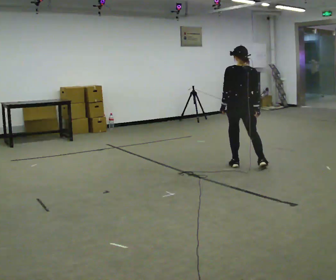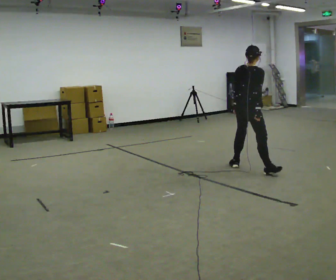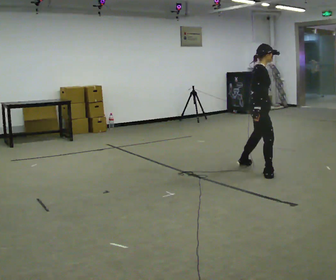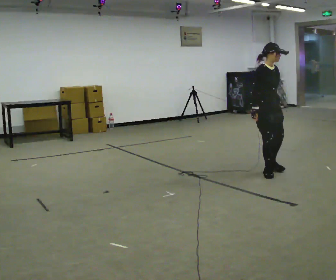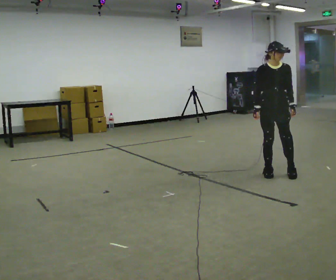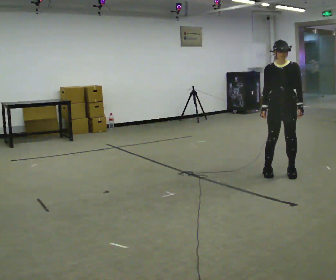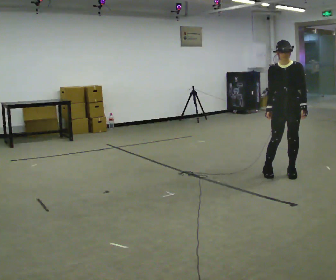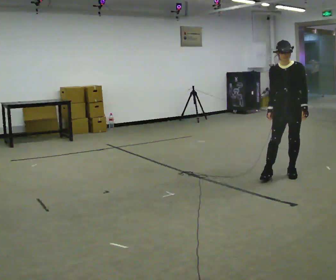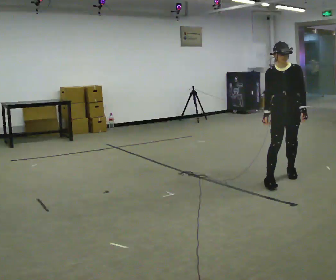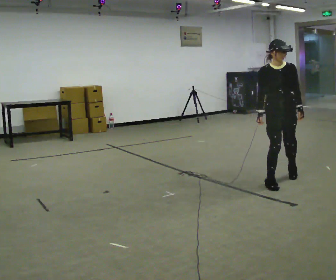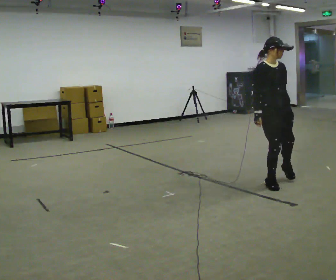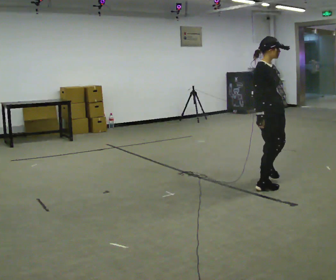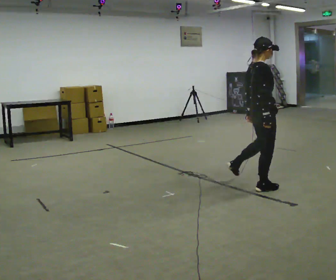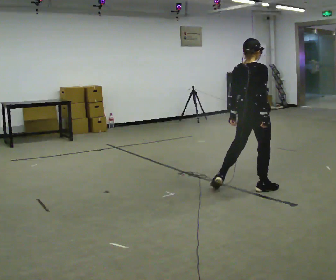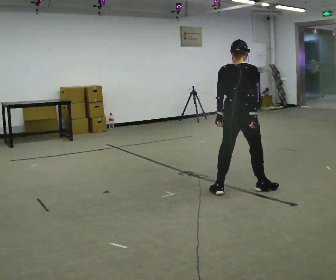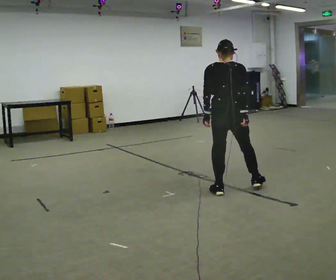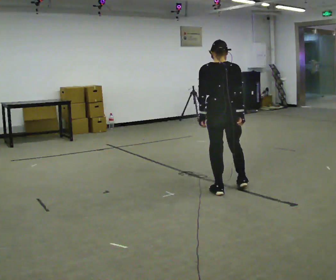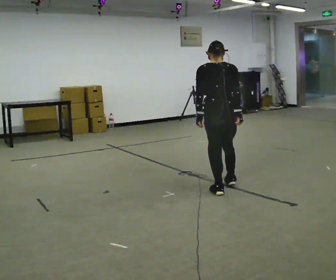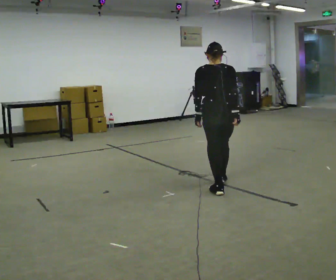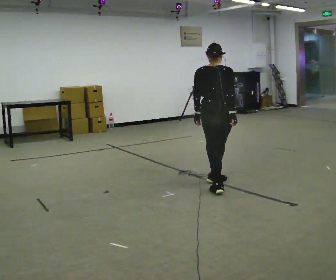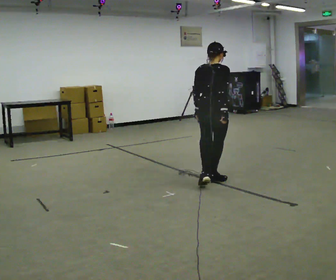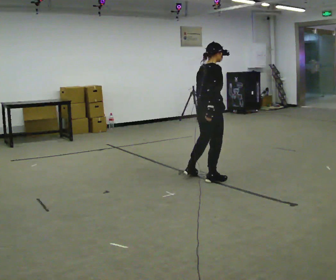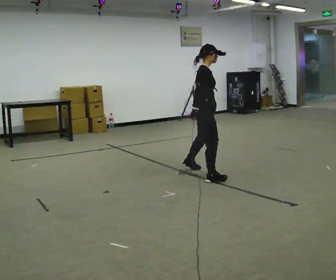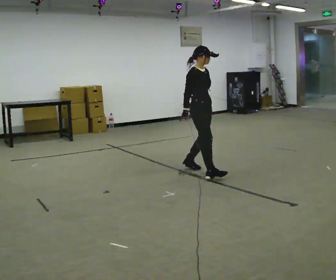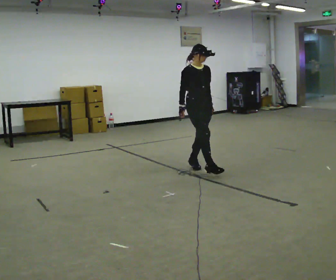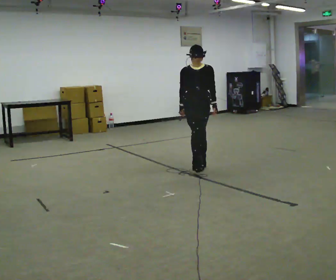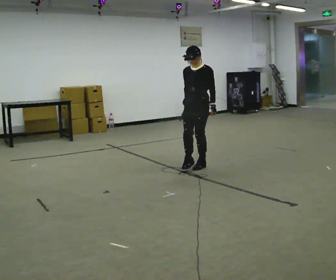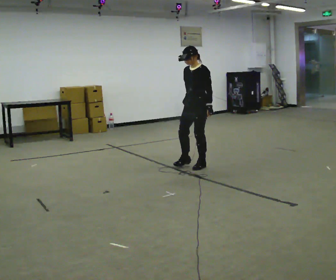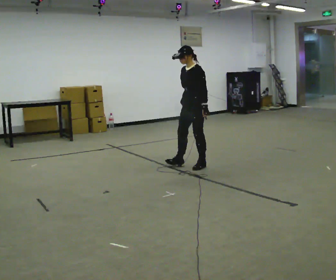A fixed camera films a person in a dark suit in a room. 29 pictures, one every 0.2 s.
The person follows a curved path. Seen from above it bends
clockwise.
0.0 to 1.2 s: Seen from above the body turns clockwise, about 210 degrees: to their right, with its near side sliding to the left. In the picture they go to the right and toward the camera, about 0.75 m in 1 step.
1.2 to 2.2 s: Seen from above the body turns counterclockwise, about 75 degrees: to their left, with its near side sliding to the right. In the picture they go toward the camera and to the left, about 0.5 m in 3 steps.
2.2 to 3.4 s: The part of the body nearest the lens slides to the right as the person turns to their left by about 120 degrees. In the picture they go to the left, about 0.5 m in 1 step.
3.4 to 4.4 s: The part of the body nearest the lens slides to the left as the person turns to their right by about 75 degrees. In the picture they go away from the camera and to the left, about 0.5 m in 1 step.
4.4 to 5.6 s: The part of the body nearest the lens slides to the left as the person turns to their right by about 150 degrees. In the picture they go away from the camera, about 0.5 m in 2 steps.
The film runs backward here.
